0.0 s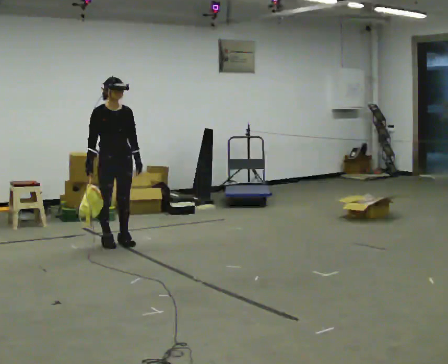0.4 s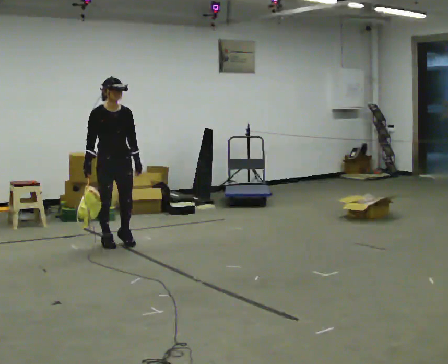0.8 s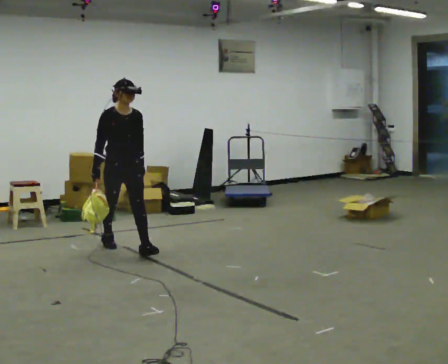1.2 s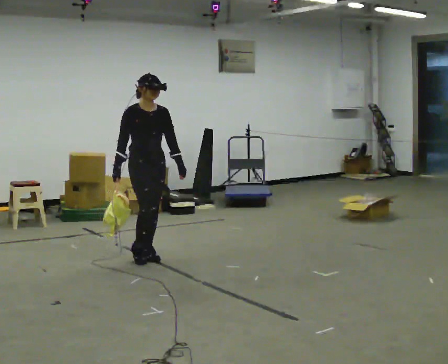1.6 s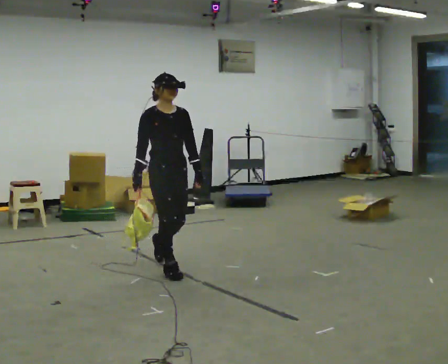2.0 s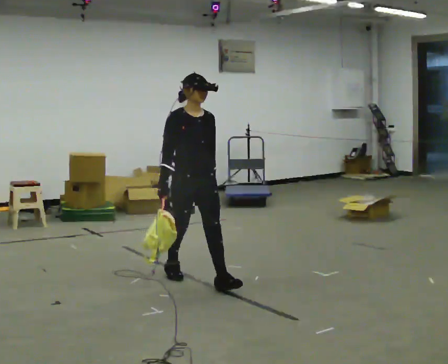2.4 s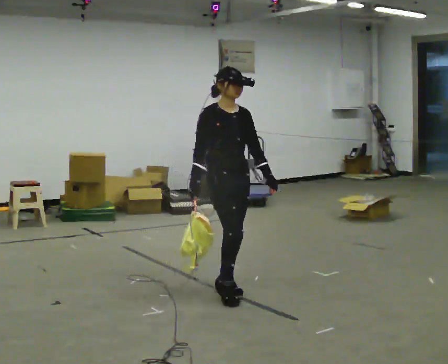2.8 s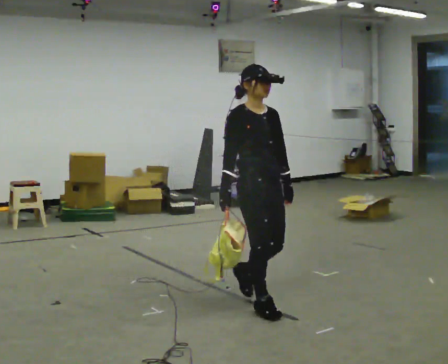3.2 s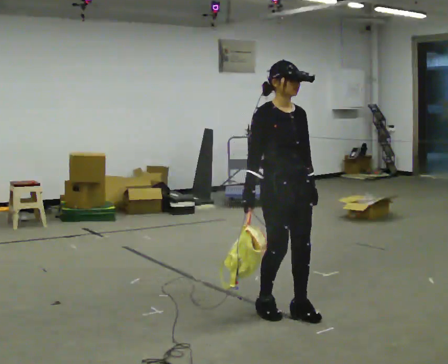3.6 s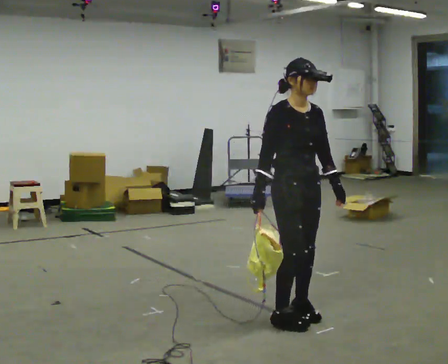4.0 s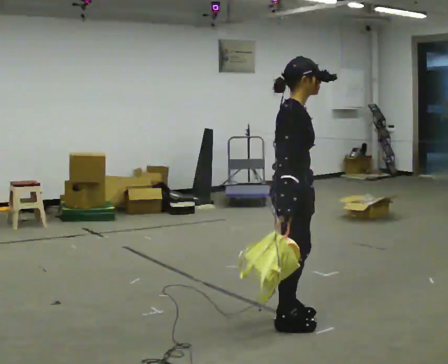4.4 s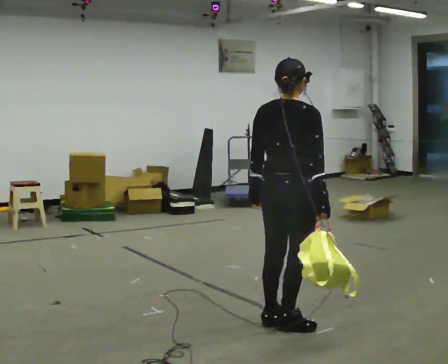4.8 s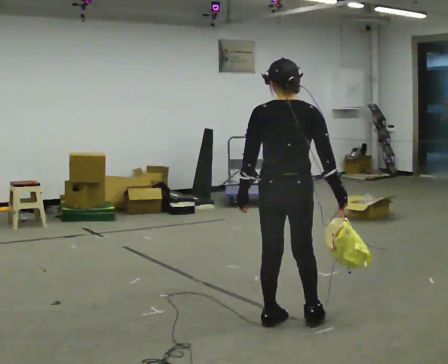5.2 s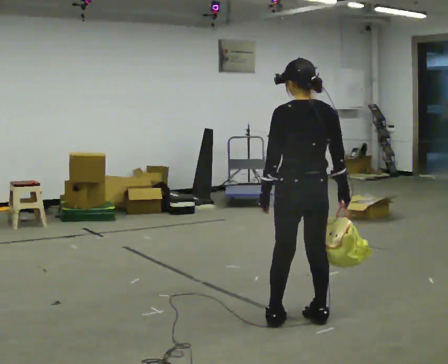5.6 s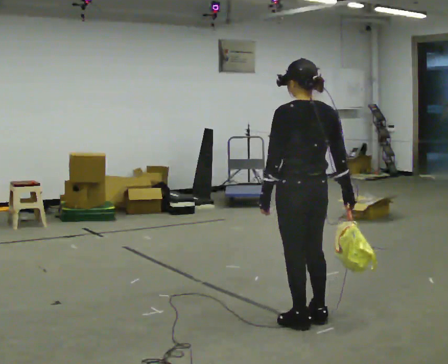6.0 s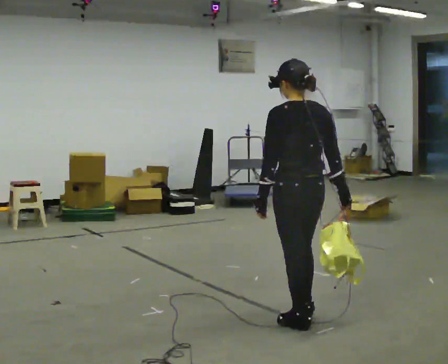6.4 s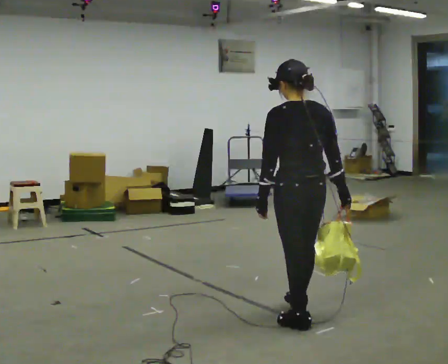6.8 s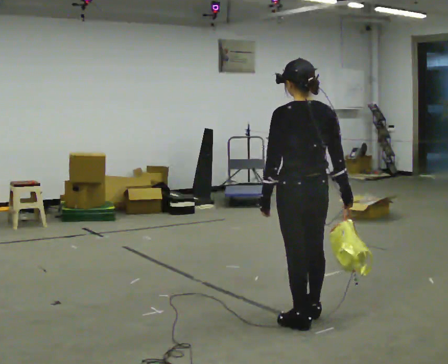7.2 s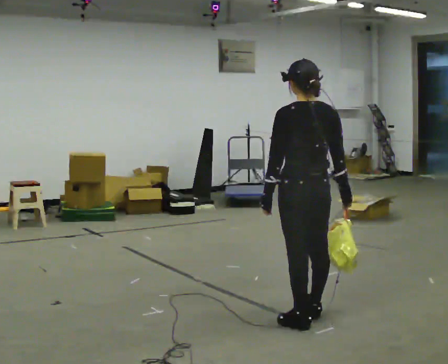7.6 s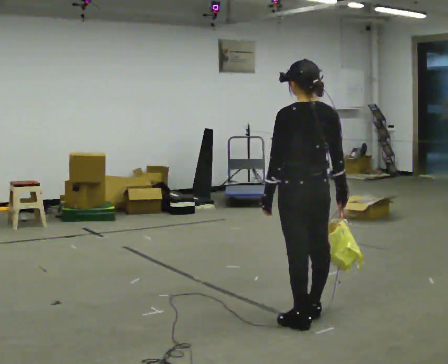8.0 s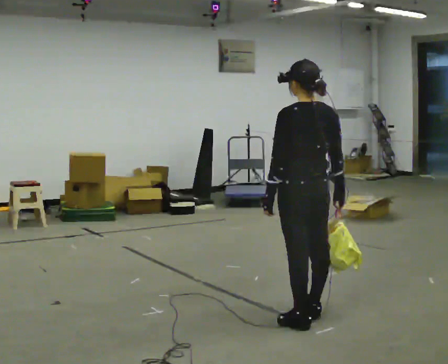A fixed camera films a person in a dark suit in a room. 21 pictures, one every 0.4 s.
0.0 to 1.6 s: In the picture they go toward the camera and to the right, about 1 m in 2 steps, which for them is forward.
1.6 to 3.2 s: In the picture they go to the right and toward the camera, about 1.5 m in 3 steps, which for them is forward.
3.2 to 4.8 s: The part of the body nearest the lens slides to the right as the person turns to their left by about 150 degrees. In the picture their right hand goes to the right, the arm swinging counterclockwise.
4.8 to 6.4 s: The person turns about 30 degrees to their left, counterclockwise seen from above, so the part of the body nearest the lens slides to the right.
6.4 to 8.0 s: The person moves a little, or ends about where they began.
The film runs forward here.
